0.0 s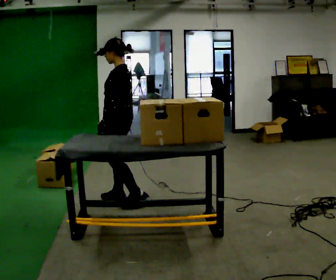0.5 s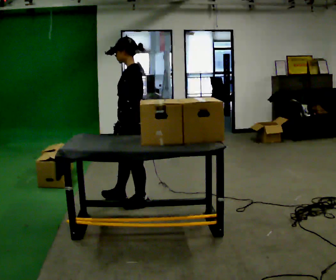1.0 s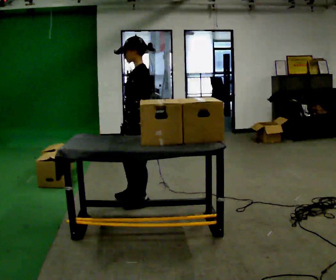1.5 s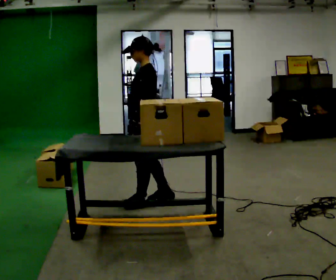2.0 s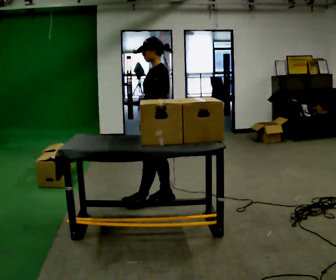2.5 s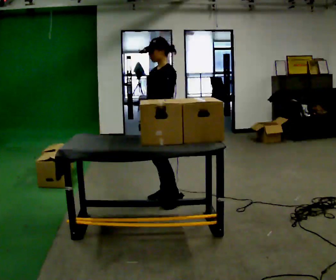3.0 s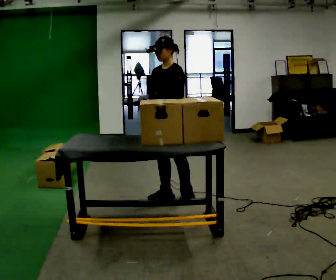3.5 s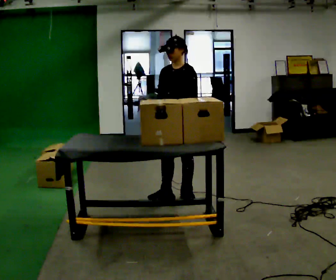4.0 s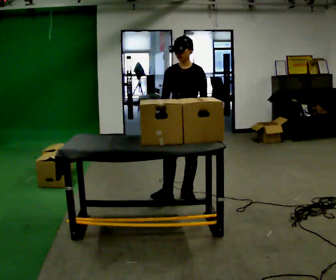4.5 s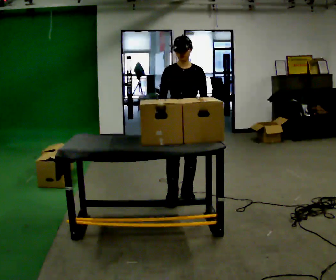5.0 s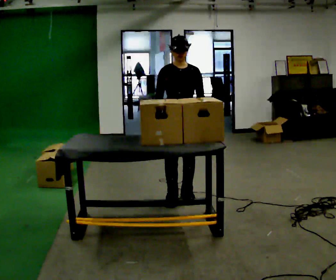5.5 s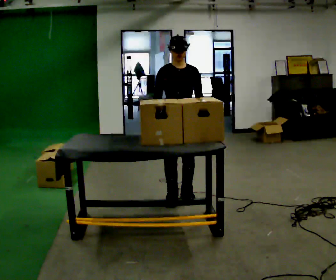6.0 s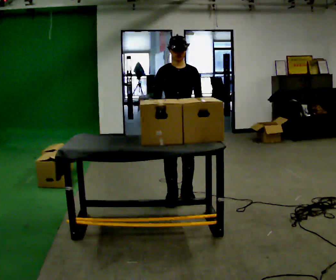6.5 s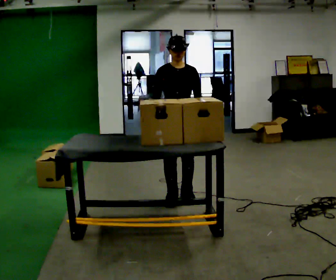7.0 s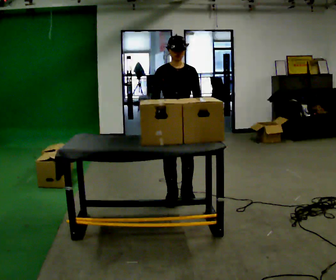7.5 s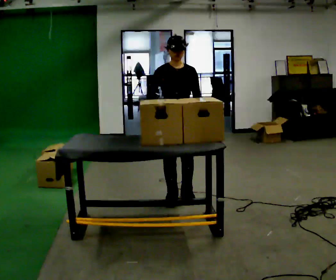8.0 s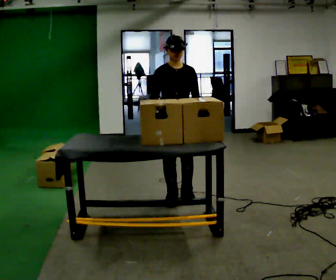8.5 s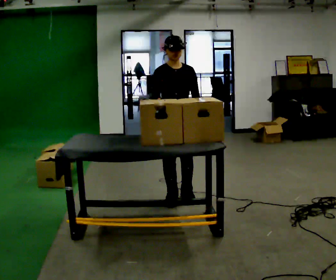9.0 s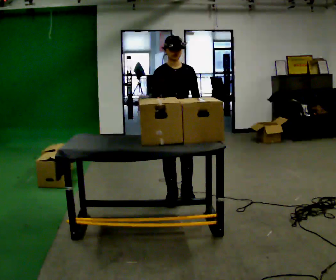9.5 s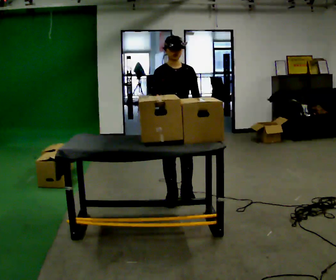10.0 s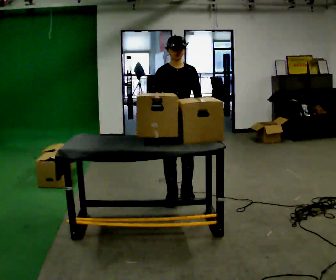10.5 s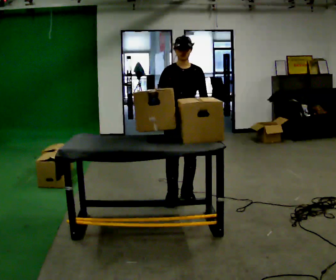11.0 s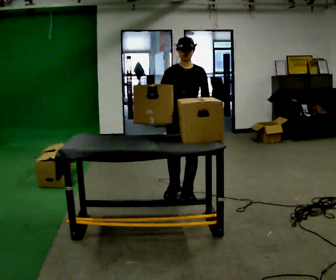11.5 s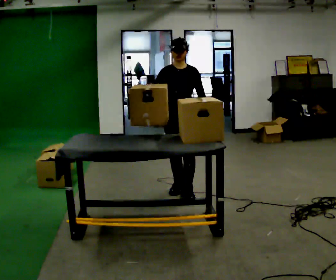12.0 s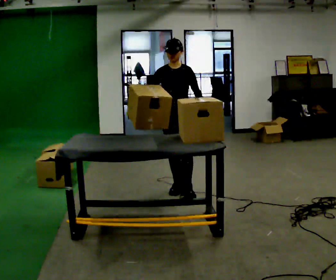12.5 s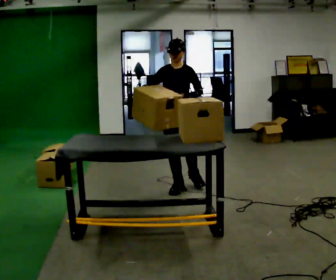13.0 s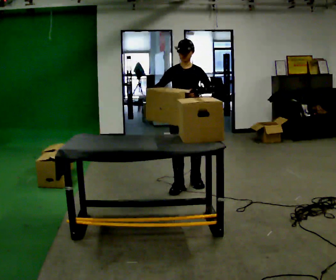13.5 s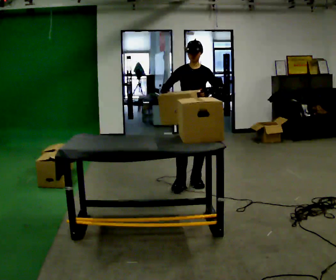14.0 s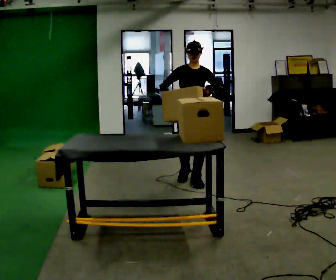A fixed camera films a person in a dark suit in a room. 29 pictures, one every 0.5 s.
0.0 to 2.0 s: In the picture they go to the right, about 0.25 m in 1 step, which for them is backward.
2.0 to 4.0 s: The person turns about 60 degrees to their left, counterclockwise seen from above, so the part of the body nearest the lens slides to the right. In the picture they go to the right, about 0.25 m in 1 step, which for them is backward and to their left. In the picture their left hand goes to the right.
4.0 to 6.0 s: Seen from above the body turns counterclockwise, about 30 degrees: to their left, with its near side sliding to the right.
6.0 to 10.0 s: The person moves a little, or ends about where they began.
10.0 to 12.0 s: In the picture they go away from the camera, about 0.25 m in 1 step, which for them is backward.
12.0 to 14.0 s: In the picture they go away from the camera and to the right, about 0.25 m in 2 steps, which for them is backward.
The film runs backward here.
